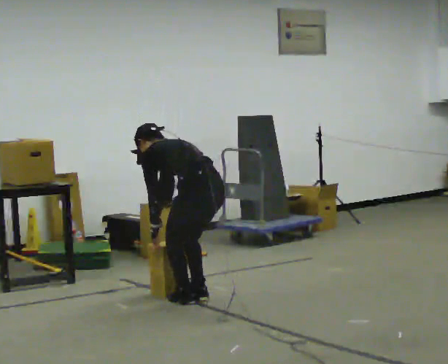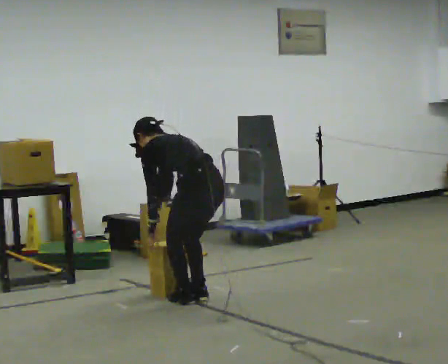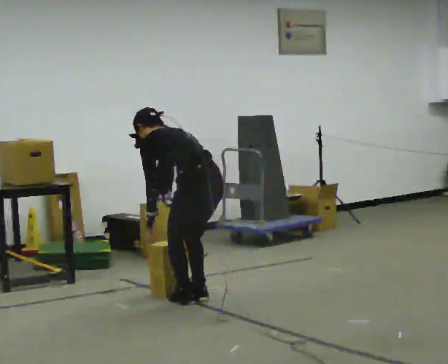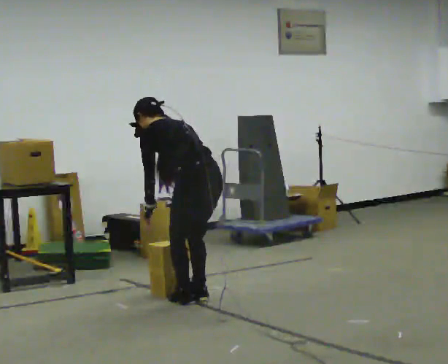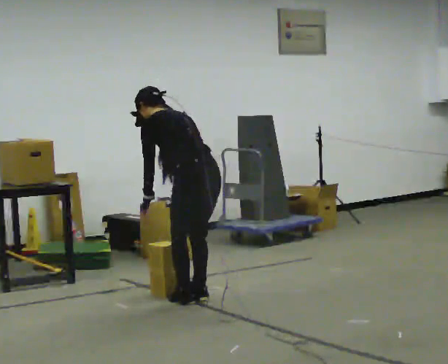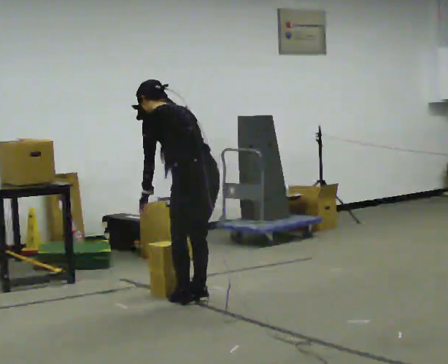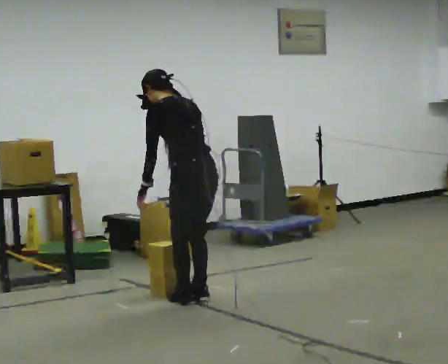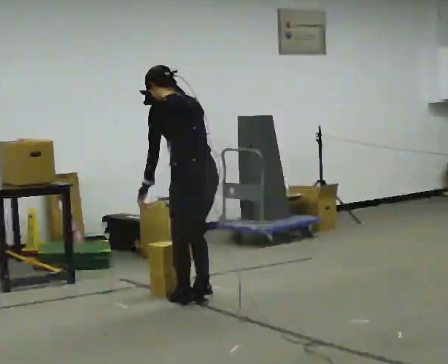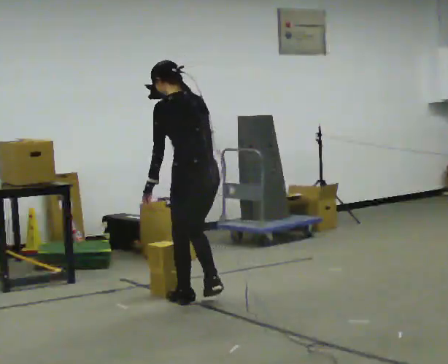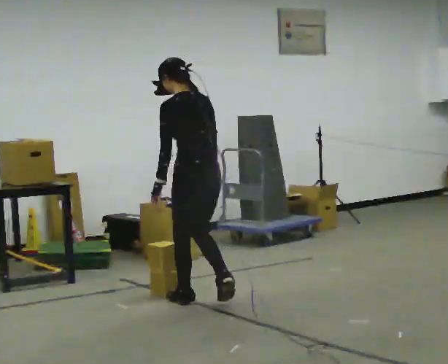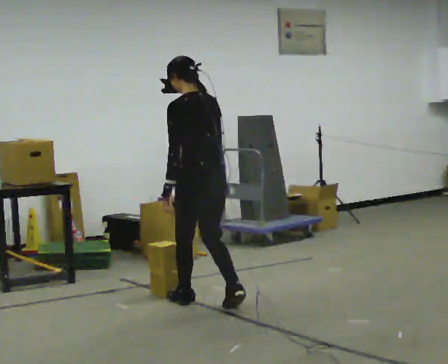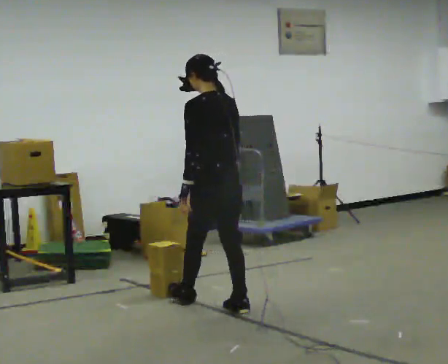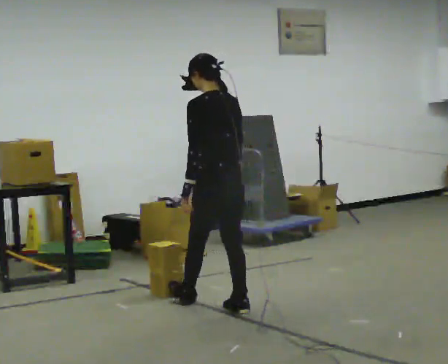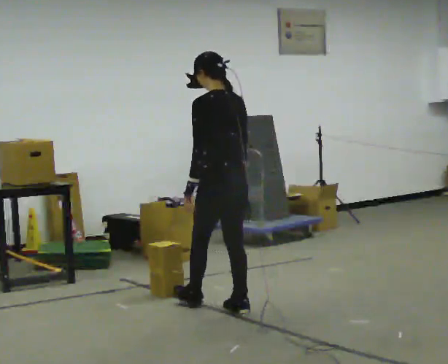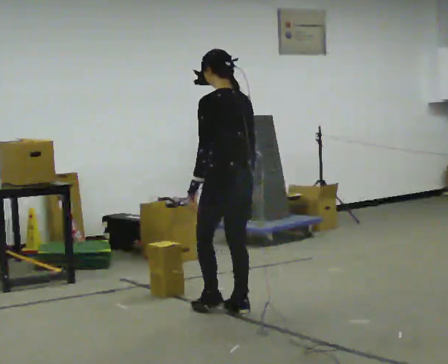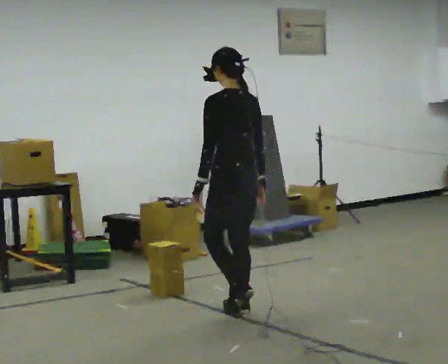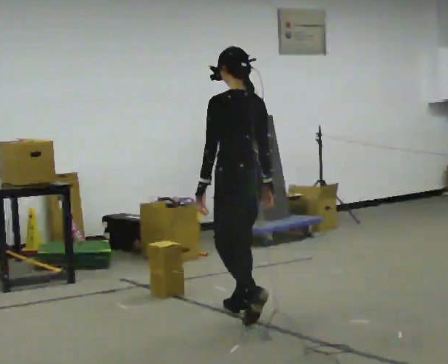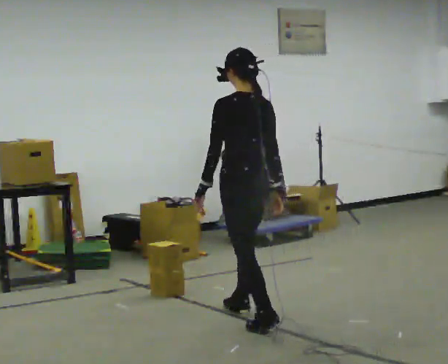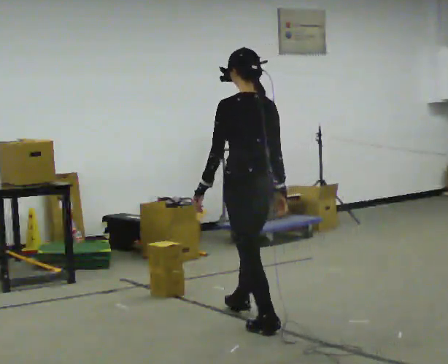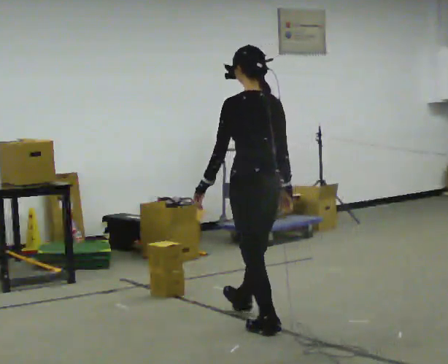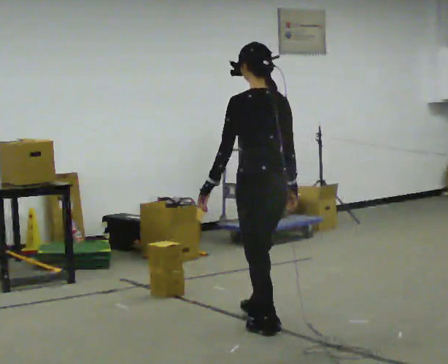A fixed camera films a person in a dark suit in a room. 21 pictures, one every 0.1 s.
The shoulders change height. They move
upward.
0.0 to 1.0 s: The shoulders move upward. The upper body tips toward the camera, its near side rolling downward, as they lean back or straighten. In the picture their right hand goes upward.
1.0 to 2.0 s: In the picture they go toward the camera and to the right, about 0.75 m in 2 steps, which for them is backward.
The film runs backward here.
